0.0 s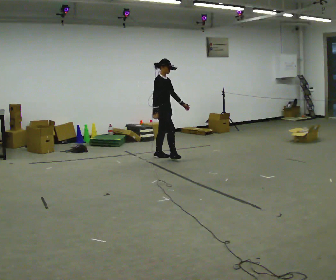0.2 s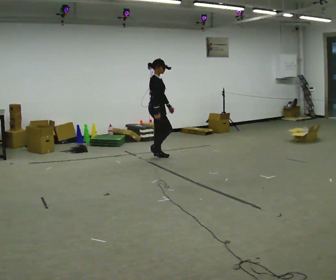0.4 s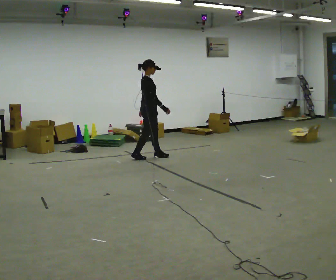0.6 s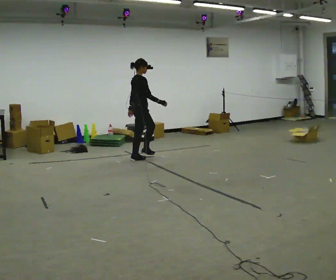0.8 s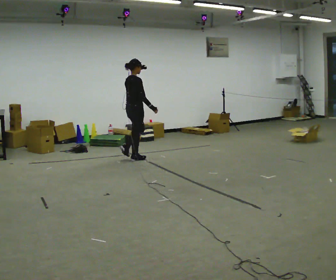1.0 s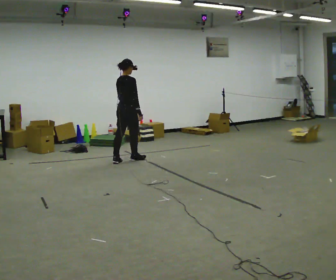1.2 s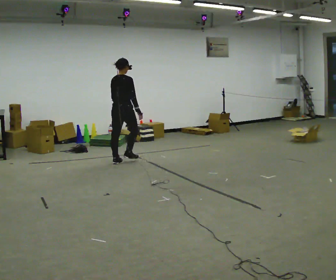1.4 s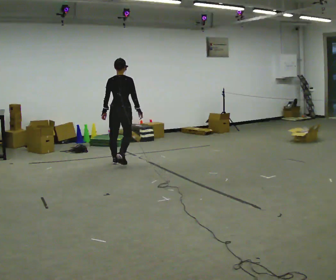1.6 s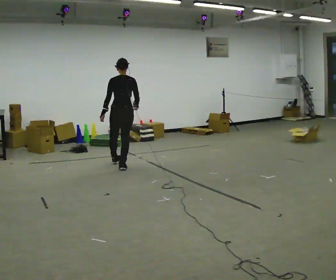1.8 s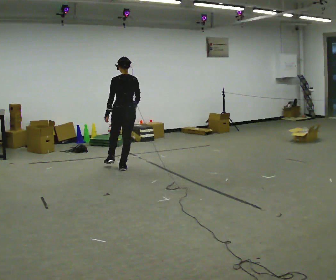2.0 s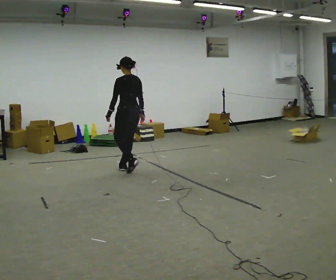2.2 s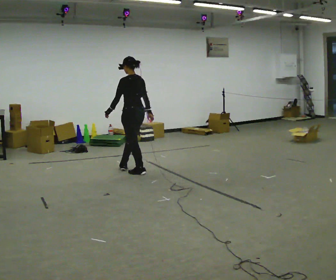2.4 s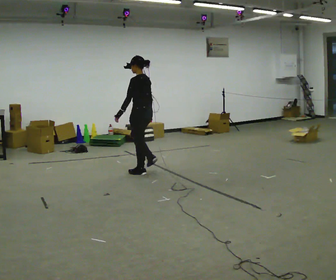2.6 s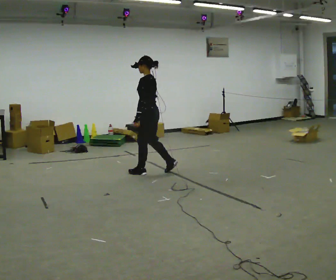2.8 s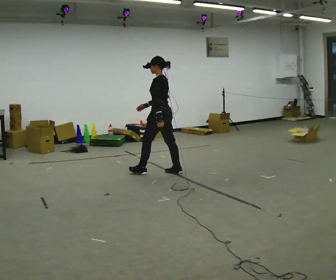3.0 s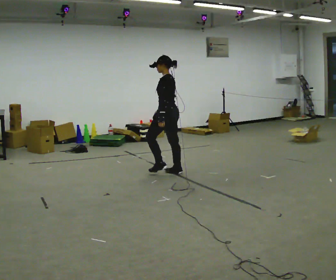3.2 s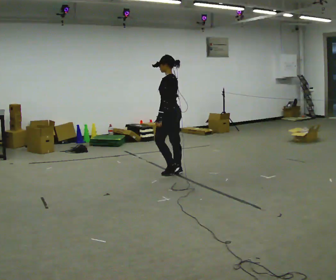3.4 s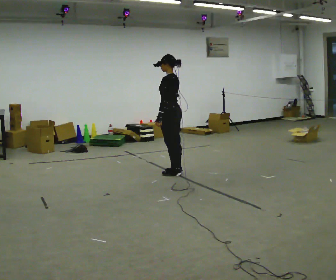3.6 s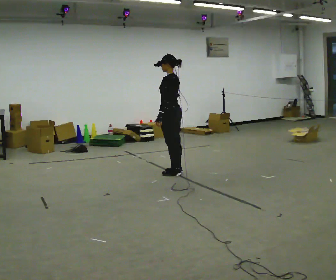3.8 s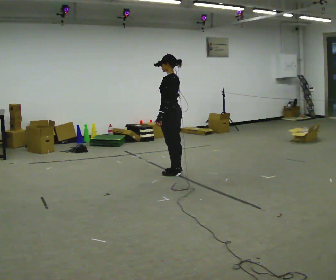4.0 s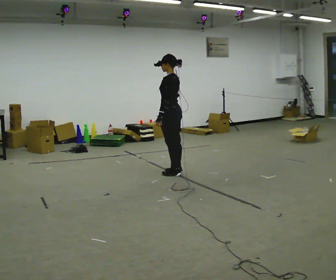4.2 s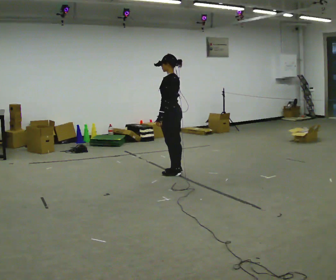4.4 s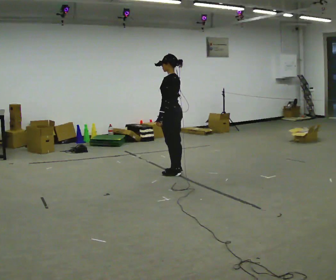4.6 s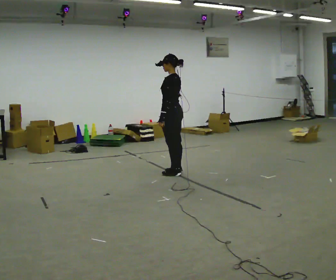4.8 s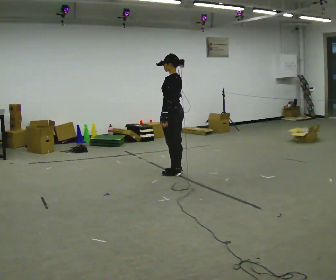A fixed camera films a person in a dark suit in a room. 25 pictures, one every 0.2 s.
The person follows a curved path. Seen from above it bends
counterclockwise.
The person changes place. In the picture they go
toward the camera.
0.0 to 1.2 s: The person turns about 90 degrees to their left, counterclockwise seen from above, so the part of the body nearest the lens slides to the right. In the picture they go to the left and toward the camera, about 0.75 m in 2 steps.
1.2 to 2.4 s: Seen from above the body turns counterclockwise, about 90 degrees: to their left, with its near side sliding to the right. In the picture they go toward the camera and to the right, about 0.75 m in 2 steps.
2.4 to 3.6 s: In the picture they go to the right, about 0.5 m in 1 step, which for them is backward.
3.6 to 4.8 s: The person moves a little, or ends about where they began.
The film runs backward here.
